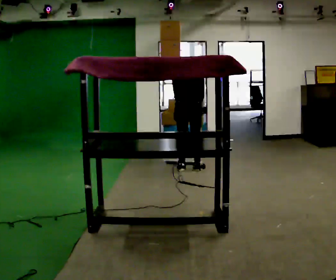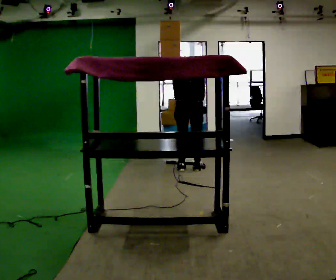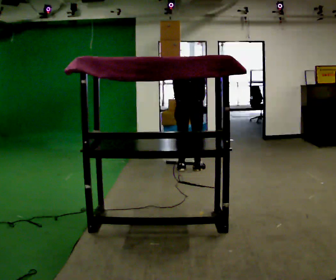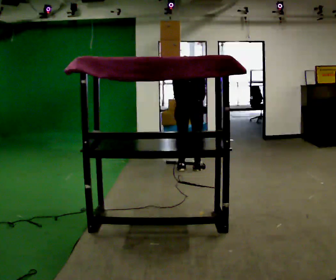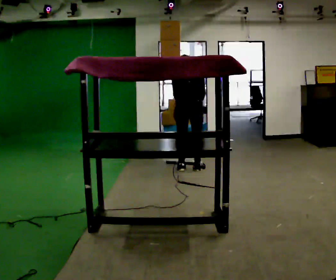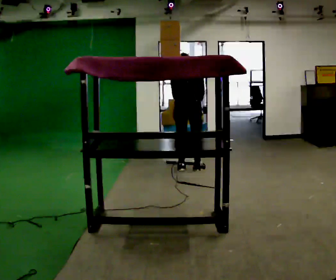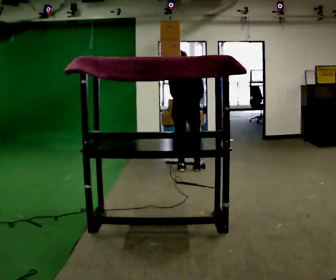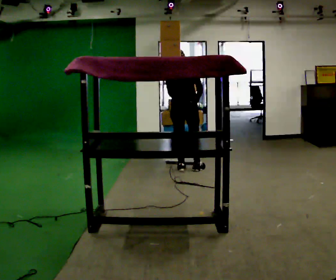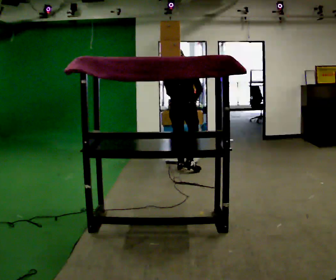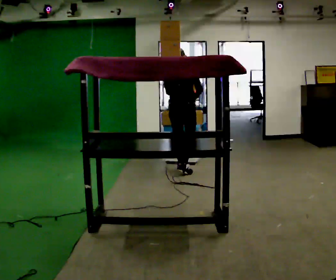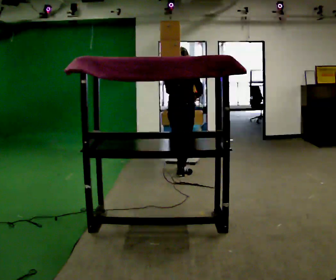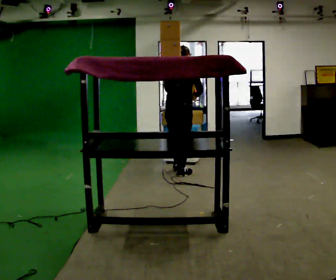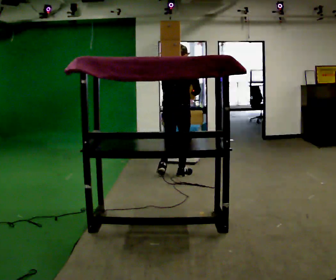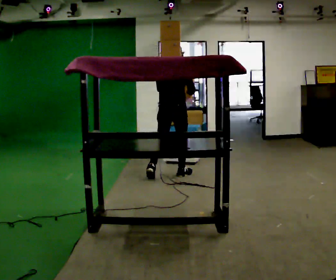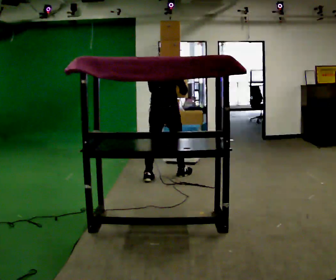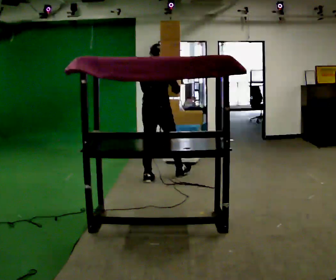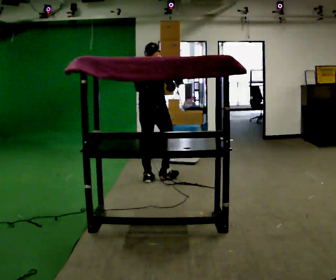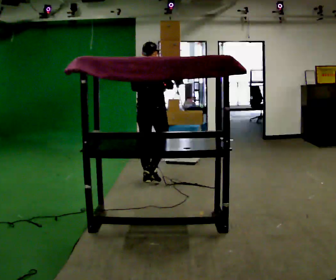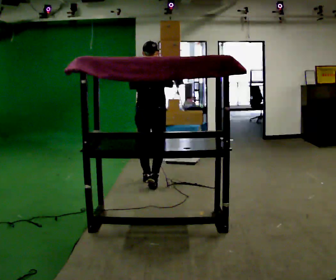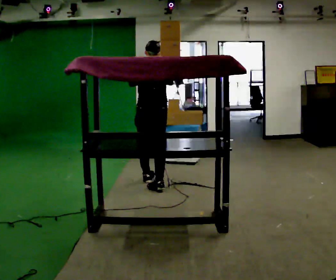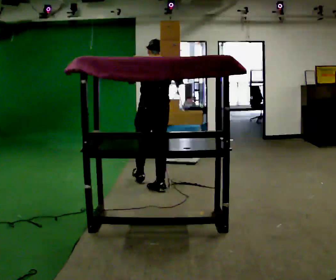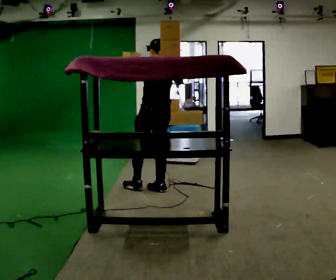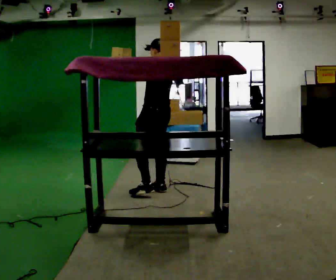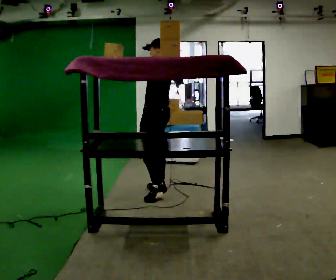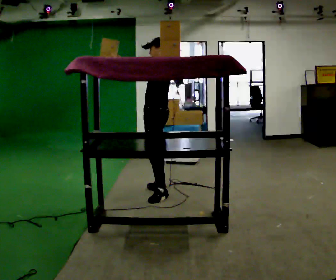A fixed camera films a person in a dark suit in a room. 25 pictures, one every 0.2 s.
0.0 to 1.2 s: The person moves a little, or ends about where they began.
1.2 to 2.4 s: In the picture they go toward the camera, about 0.25 m in 2 steps, which for them is backward. The upper body tips toward the camera, its near side rolling downward, as they lean back or straighten.
2.4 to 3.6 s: In the picture they go toward the camera and to the left, about 0.5 m in 1 step, which for them is backward.
3.6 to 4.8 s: The person turns about 90 degrees to their left, counterclockwise seen from above, so the part of the body nearest the lens slides to the right. In the picture they go toward the camera, about 0.5 m in 1 step.
The film runs backward here.
